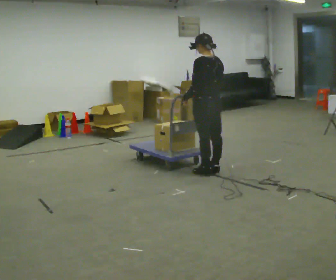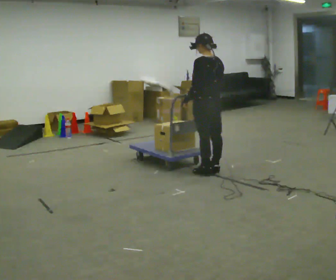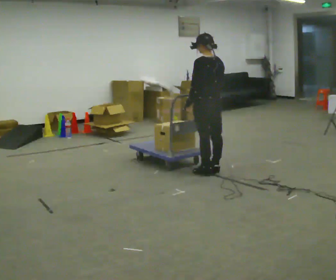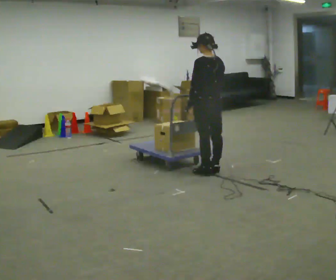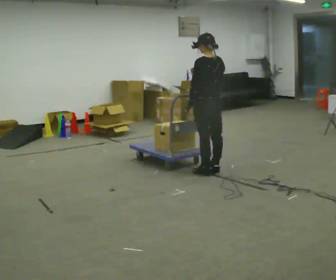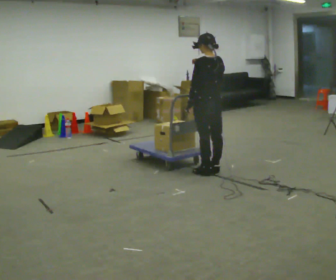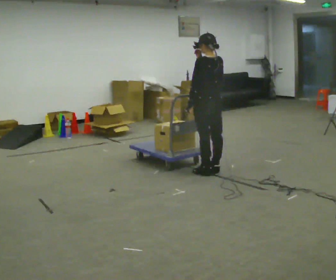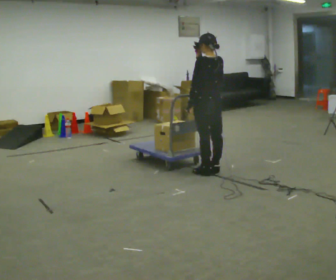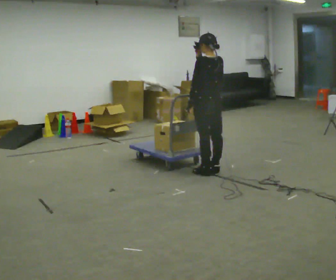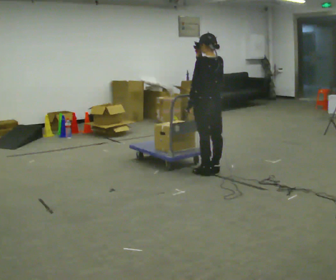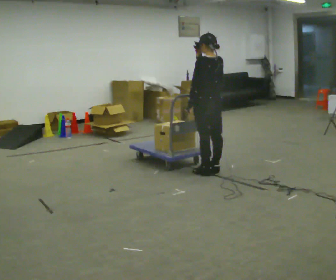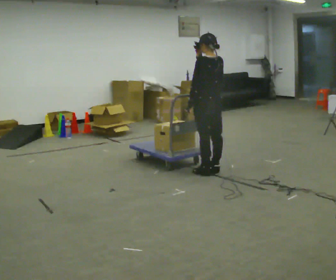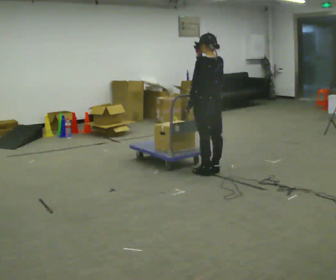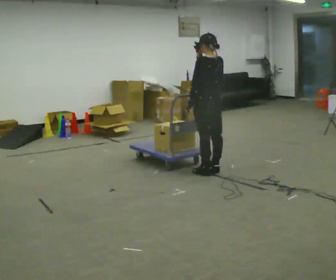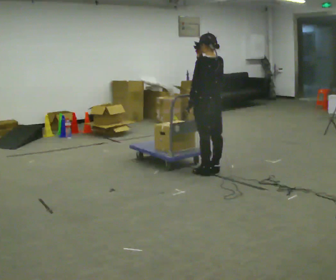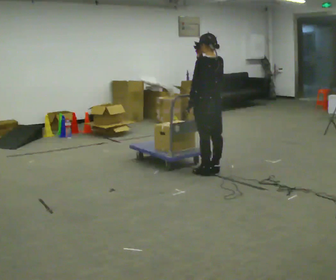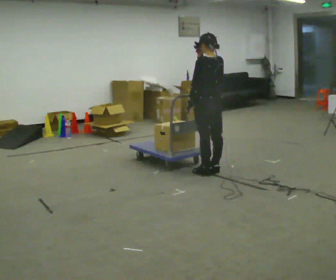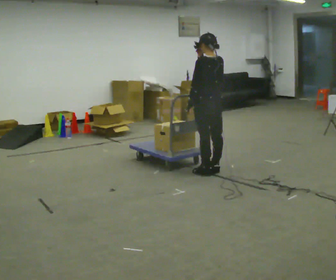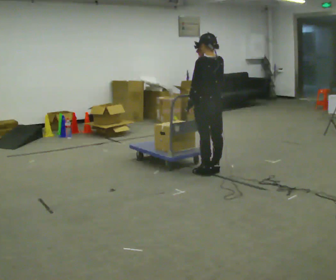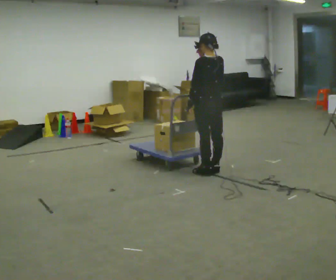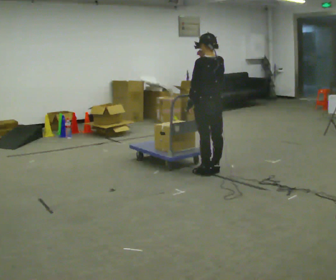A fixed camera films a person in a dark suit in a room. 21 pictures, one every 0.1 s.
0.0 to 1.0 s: In the picture their right hand goes upward.
1.0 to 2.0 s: The person moves a little, or ends about where they began.
The film runs backward here.
